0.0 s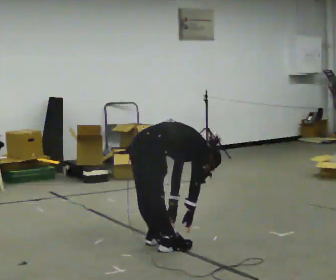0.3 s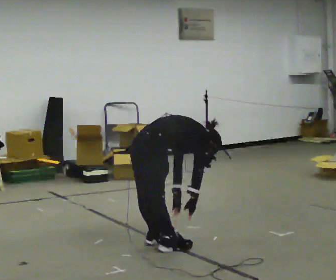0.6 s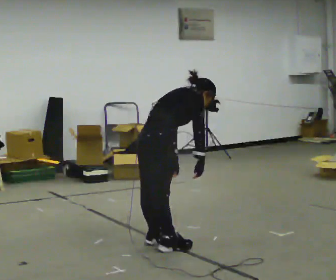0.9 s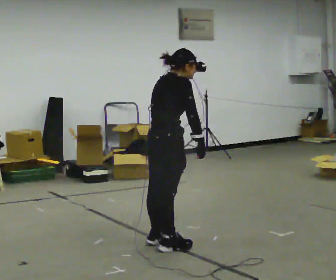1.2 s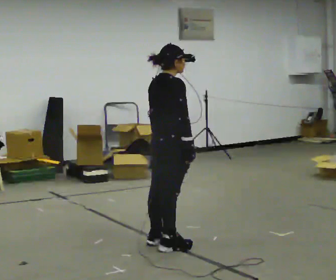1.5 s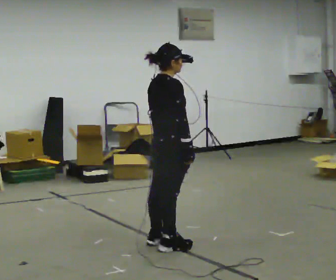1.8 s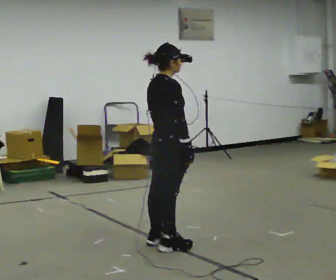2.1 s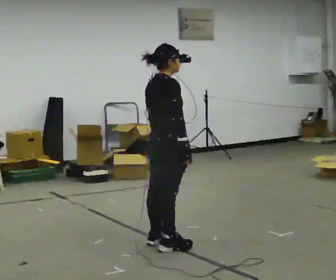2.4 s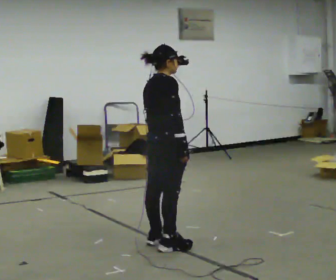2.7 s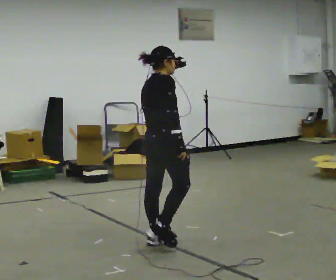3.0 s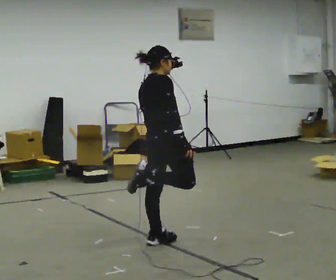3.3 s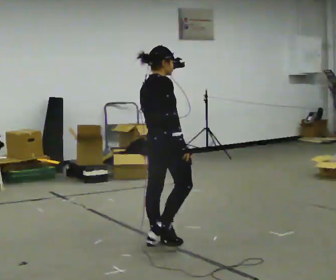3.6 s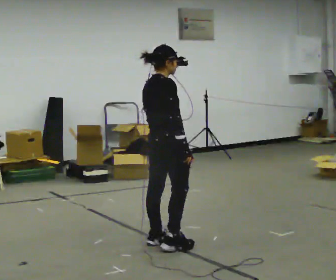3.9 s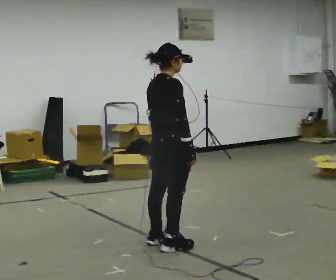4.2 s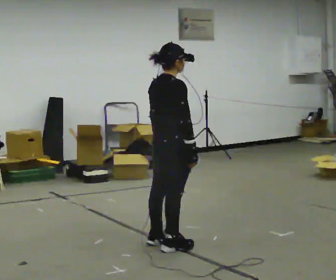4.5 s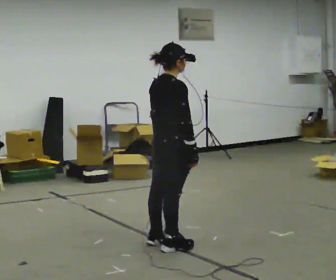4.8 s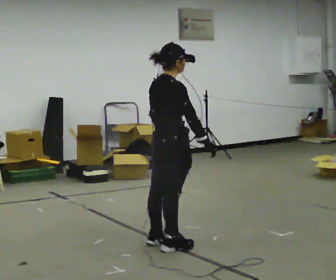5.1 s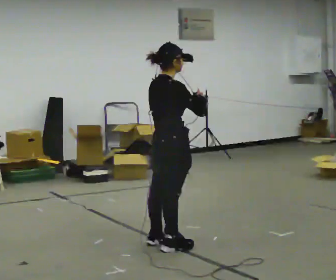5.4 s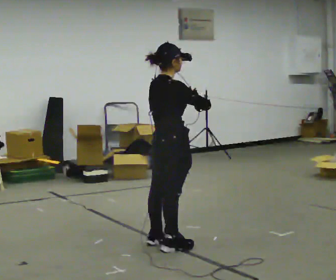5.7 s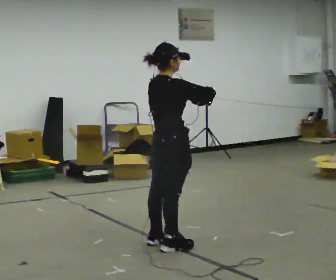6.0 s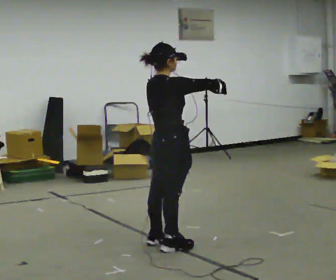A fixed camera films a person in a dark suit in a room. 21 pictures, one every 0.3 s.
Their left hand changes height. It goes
upward.
The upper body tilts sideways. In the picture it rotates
counterclockwise.
0.0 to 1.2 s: The shoulders move upward. In the picture the upper body tilts counterclockwise, shoulders to the left, as they lean back or straighten. In the picture their right hand goes upward.
1.2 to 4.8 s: The person moves a little, or ends about where they began.
4.8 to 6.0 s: In the picture their left hand goes upward.
The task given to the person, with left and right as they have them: Work through the stretches in order, holding each one briefly: touch your toes, pull each heel up behind you, stretch each arm across your chest, and stretch each calf. Stay in one place throughout.
The film runs forward here.
